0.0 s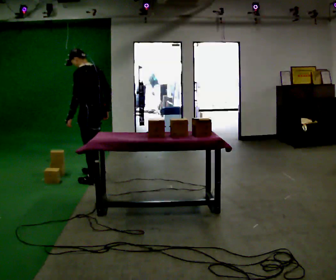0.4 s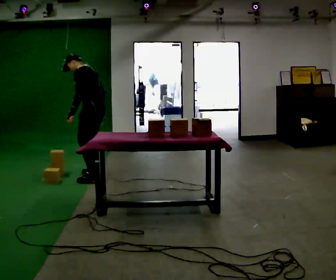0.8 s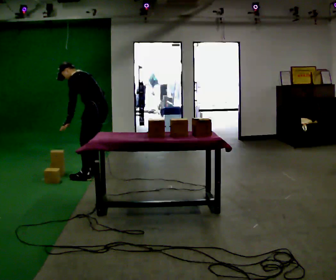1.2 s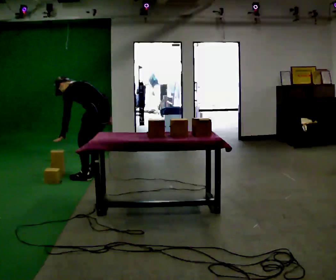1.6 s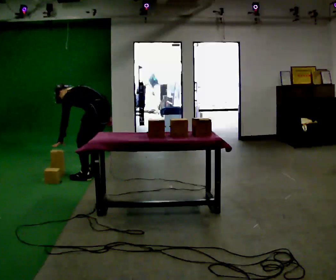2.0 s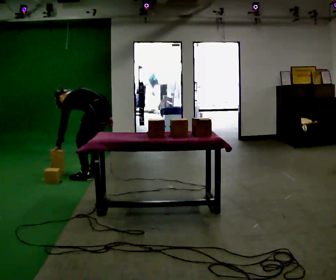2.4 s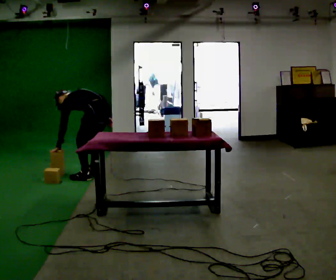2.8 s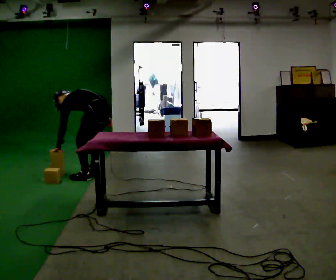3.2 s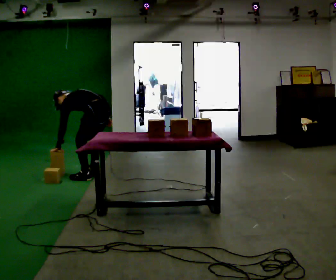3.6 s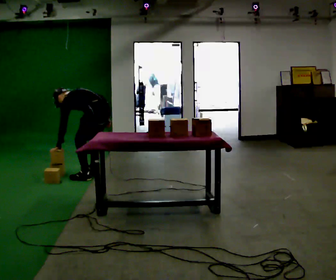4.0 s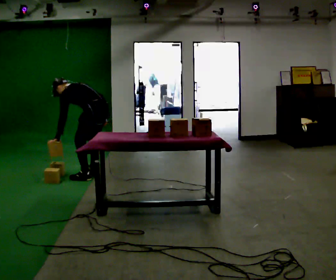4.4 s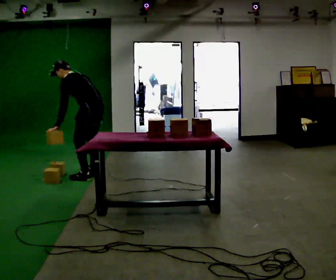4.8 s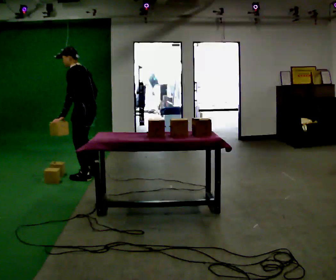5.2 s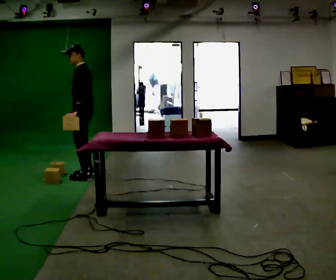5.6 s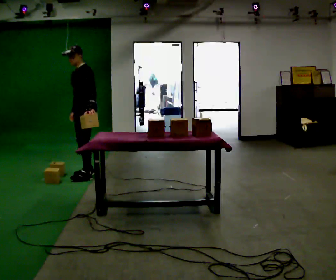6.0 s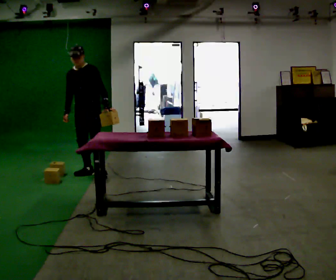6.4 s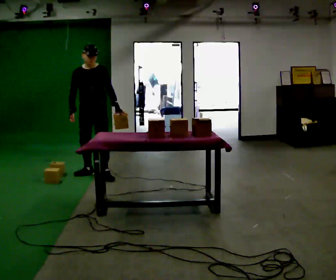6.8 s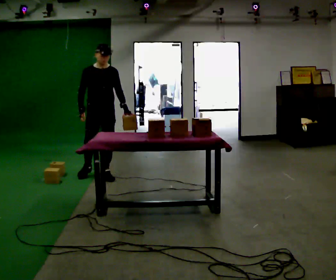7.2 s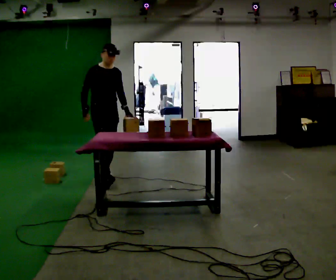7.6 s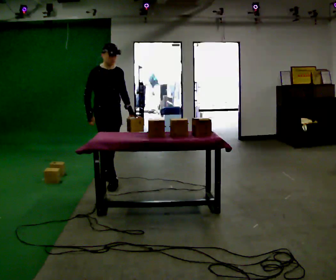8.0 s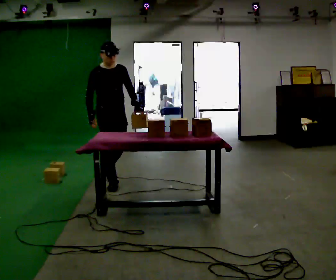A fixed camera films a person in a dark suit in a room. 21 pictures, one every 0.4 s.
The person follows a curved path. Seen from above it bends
clockwise.
The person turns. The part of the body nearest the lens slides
to the right.
0.0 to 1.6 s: The shoulders move downward. In the picture the upper body tilts counterclockwise, shoulders to the left, as they bend forward.
1.6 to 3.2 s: The person moves a little, or ends about where they began.
3.2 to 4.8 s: In the picture they go to the left, about 0.25 m. The shoulders move upward. In the picture the upper body tilts clockwise, shoulders to the right, as they lean back or straighten.
4.8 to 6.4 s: The person turns about 105 degrees to their left, counterclockwise seen from above, so the part of the body nearest the lens slides to the right. In the picture their left hand goes to the right, the arm swinging counterclockwise.
6.4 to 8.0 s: The person turns about 30 degrees to their left, counterclockwise seen from above, so the part of the body nearest the lens slides to the right. In the picture they go toward the camera and to the right, about 0.5 m in 1 step, which for them is forward.
The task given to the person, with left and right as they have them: Pick the object up off the floor using only the hand the operator calls, then carry it to the table in that same hand. Keep going until the operator says stop; one object at a time, and do not rush between trips.
The film runs forward here.
